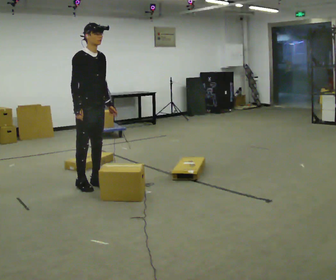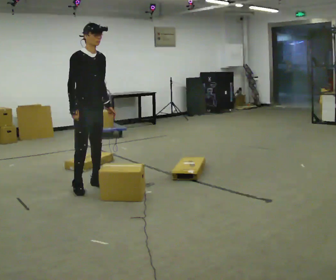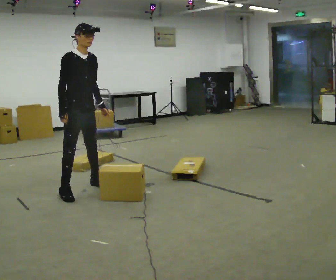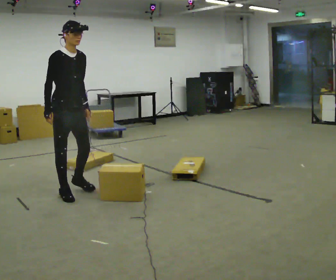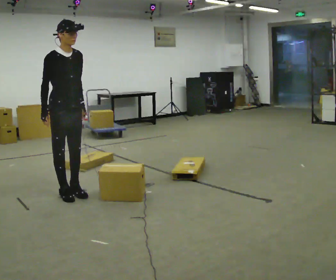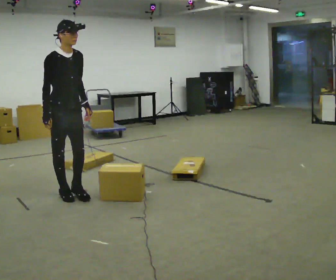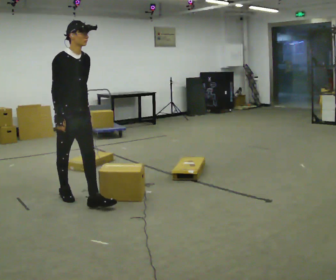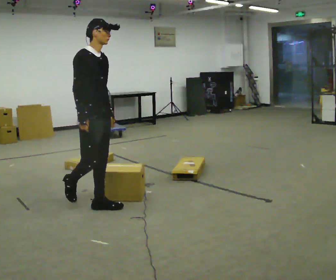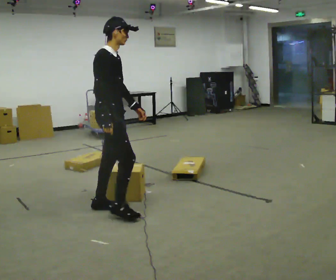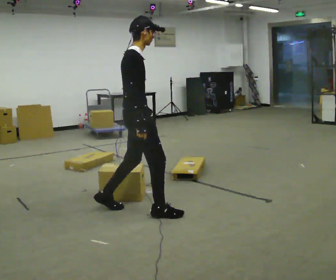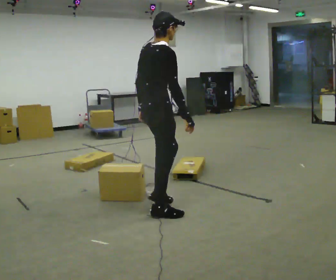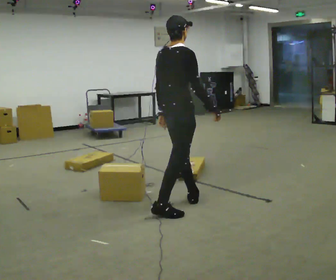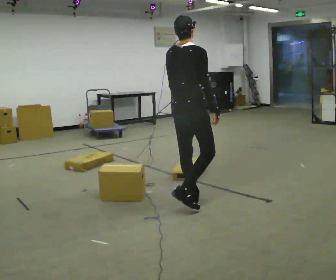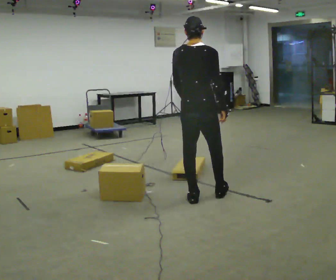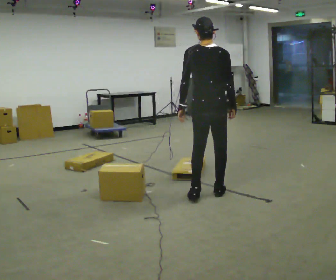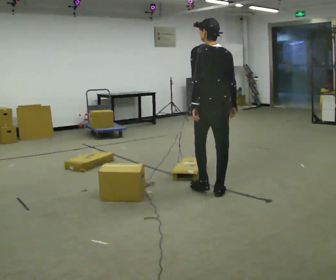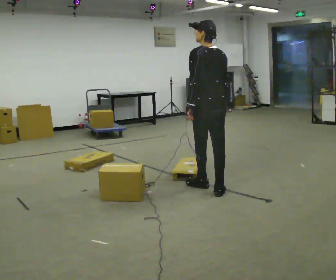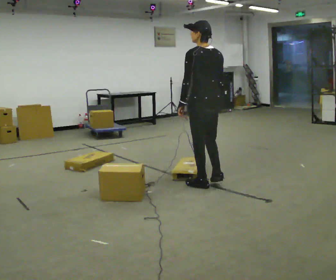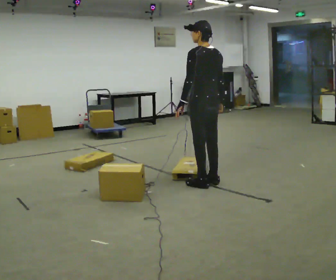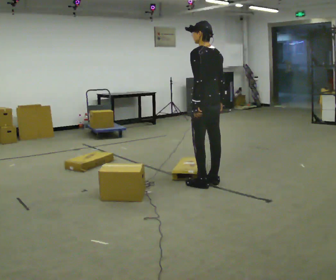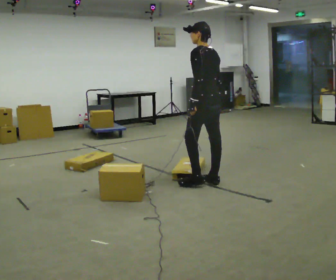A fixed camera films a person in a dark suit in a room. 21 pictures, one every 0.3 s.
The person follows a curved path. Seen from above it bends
counterclockwise.
The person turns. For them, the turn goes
to their left.
0.0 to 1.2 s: In the picture they go toward the camera and to the left, about 0.25 m in 2 steps, which for them is to their right.
1.2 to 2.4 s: The person turns about 30 degrees to their left, counterclockwise seen from above, so the part of the body nearest the lens slides to the right. In the picture they go to the right and toward the camera, about 0.5 m in 1 step, which for them is forward.
2.4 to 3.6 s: The person turns about 60 degrees to their left, counterclockwise seen from above, so the part of the body nearest the lens slides to the right. In the picture they go to the right, about 0.75 m in 2 steps, which for them is forward and to their right.
3.6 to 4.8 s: The part of the body nearest the lens slides to the right as the person turns to their left by about 60 degrees. In the picture they go away from the camera and to the right, about 0.5 m in 2 steps.
4.8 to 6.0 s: The person turns about 30 degrees to their left, counterclockwise seen from above, so the part of the body nearest the lens slides to the right. In the picture they go away from the camera, about 0.25 m in 1 step, which for them is forward and to their right.
The film runs forward here.
